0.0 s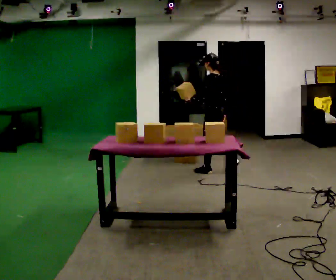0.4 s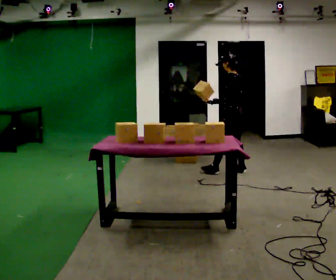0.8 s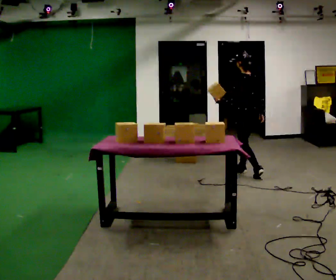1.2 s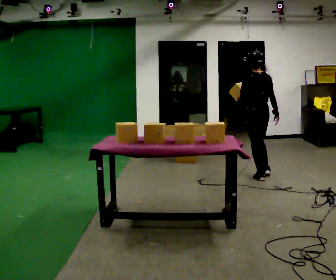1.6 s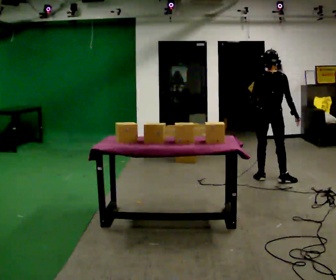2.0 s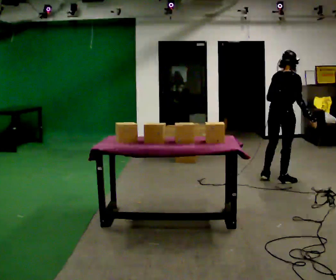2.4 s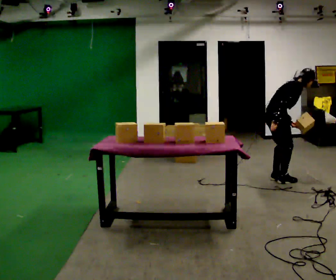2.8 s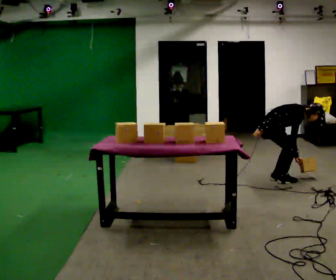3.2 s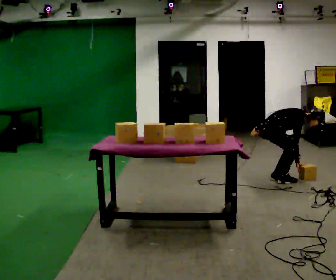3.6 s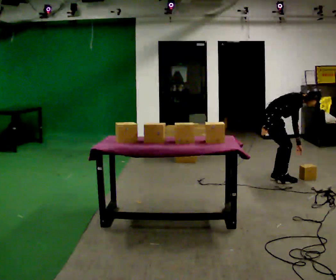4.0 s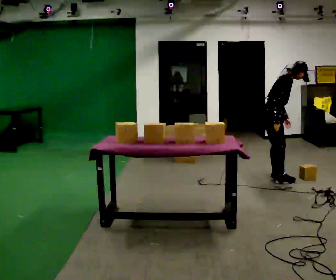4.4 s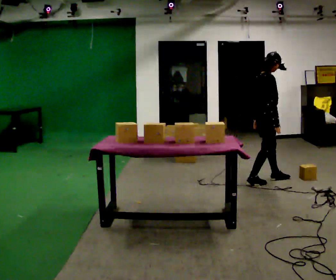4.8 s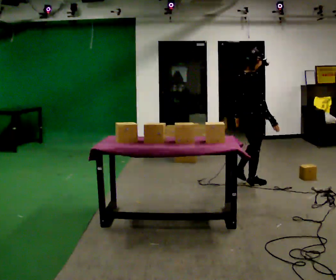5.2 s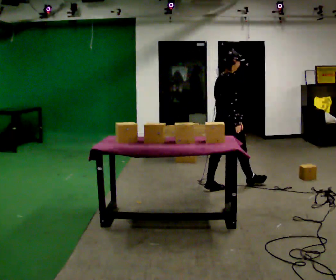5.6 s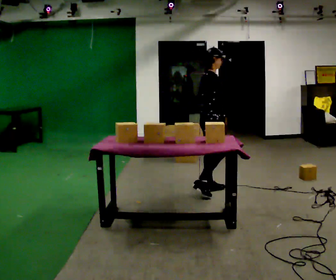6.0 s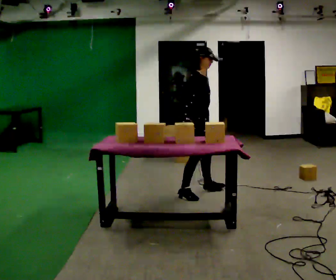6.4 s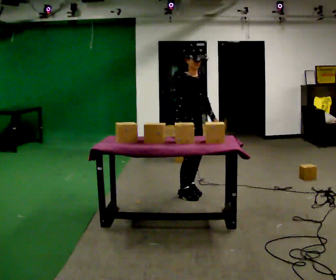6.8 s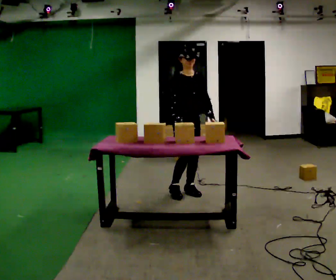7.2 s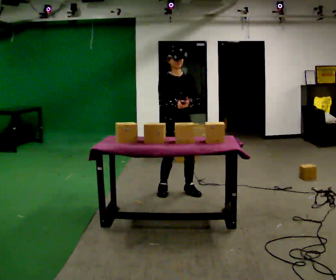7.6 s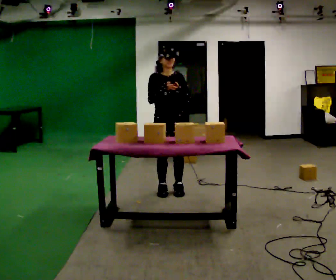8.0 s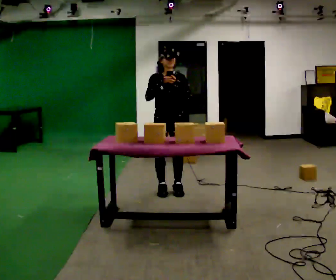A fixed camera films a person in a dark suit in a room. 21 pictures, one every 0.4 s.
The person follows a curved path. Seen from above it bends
clockwise.
0.0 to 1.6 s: Seen from above the body turns clockwise, about 60 degrees: to their right, with its near side sliding to the left. In the picture they go to the right, about 1 m in 2 steps.
1.6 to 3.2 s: Seen from above the body turns clockwise, about 90 degrees: to their right, with its near side sliding to the left. The shoulders move downward. In the picture the upper body tilts clockwise, shoulders to the right, as they bend forward.
3.2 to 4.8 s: Seen from above the body turns counterclockwise, about 30 degrees: to their left, with its near side sliding to the right. In the picture they go toward the camera and to the left, about 0.25 m in 2 steps, which for them is backward and to their right. The upper body goes upward. In the picture the upper body tilts counterclockwise, shoulders to the left, as they lean back or straighten.
4.8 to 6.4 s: Seen from above the body turns clockwise, about 60 degrees: to their right, with its near side sliding to the left. In the picture they go toward the camera and to the left, about 1 m in 2 steps.
6.4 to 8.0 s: The part of the body nearest the lens slides to the left as the person turns to their right by about 45 degrees. In the picture they go to the left, about 0.25 m in 1 step, which for them is to their right and backward. In the picture their left hand goes upward.
The film runs backward here.
